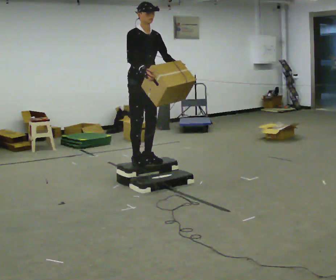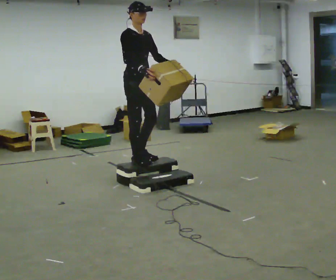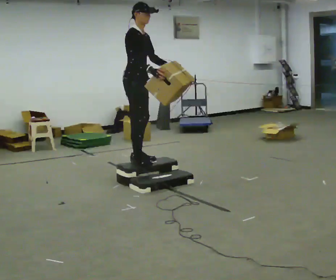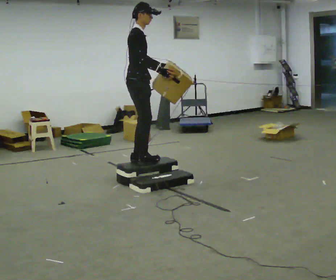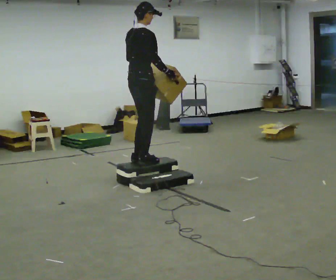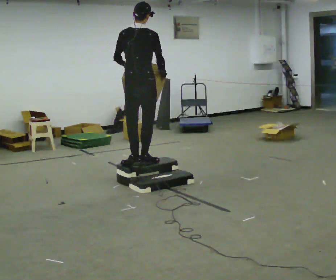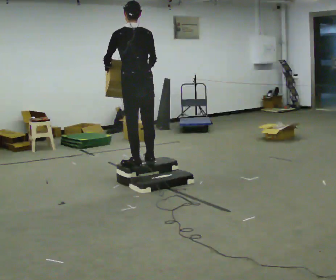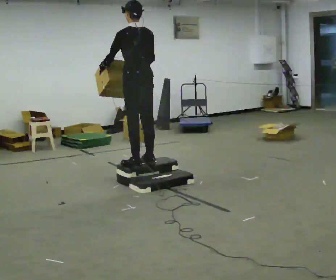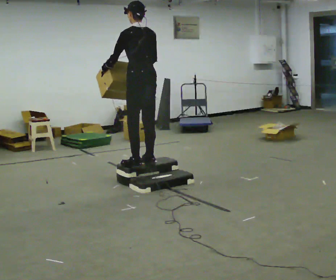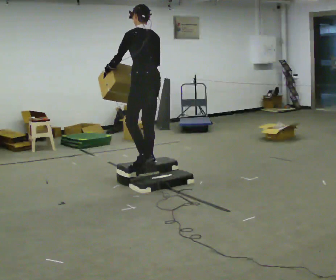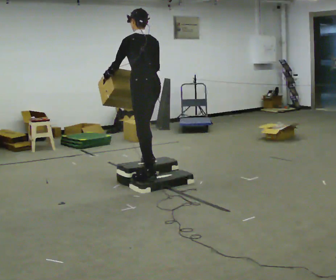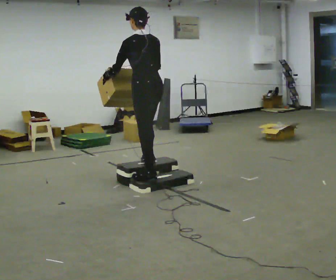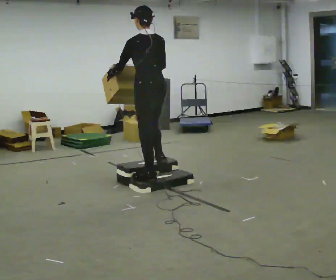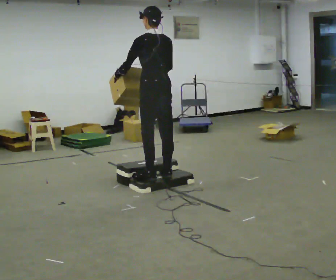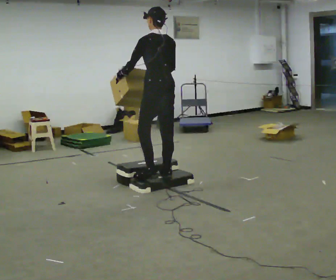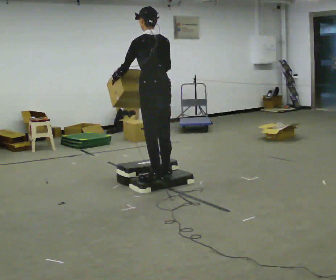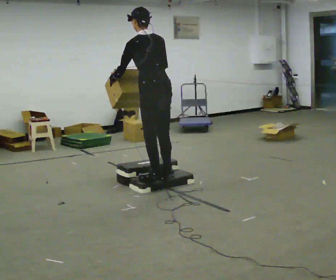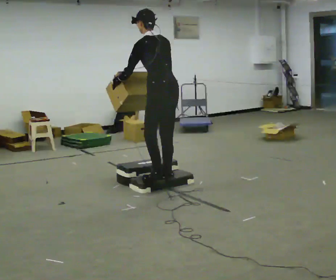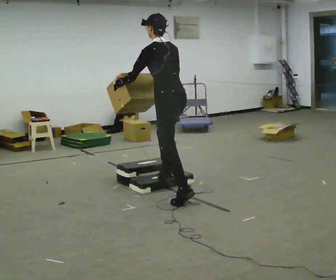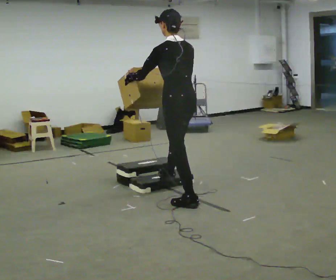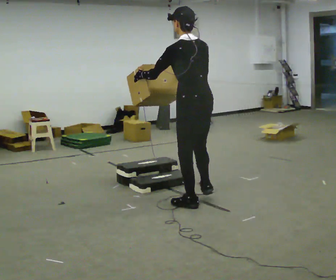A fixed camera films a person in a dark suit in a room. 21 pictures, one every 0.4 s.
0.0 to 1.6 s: The person turns about 90 degrees to their left, counterclockwise seen from above, so the part of the body nearest the lens slides to the right. In the picture they go toward the camera, about 0.25 m. In the picture their left hand goes to the left.
1.6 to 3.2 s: The part of the body nearest the lens slides to the right as the person turns to their left by about 90 degrees. In the picture their left hand goes to the left, the arm swinging clockwise.
3.2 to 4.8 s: In the picture they go toward the camera, about 0.25 m in 2 steps, which for them is backward.
4.8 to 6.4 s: The person moves a little, or ends about where they began.
6.4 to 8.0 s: In the picture they go toward the camera and to the right, about 0.75 m in 2 steps, which for them is backward.
The film runs backward here.
